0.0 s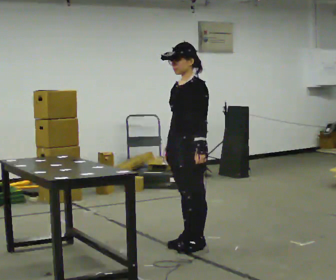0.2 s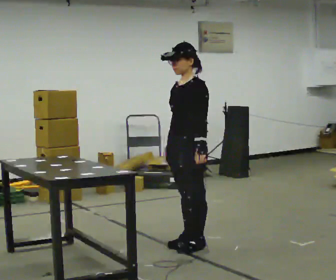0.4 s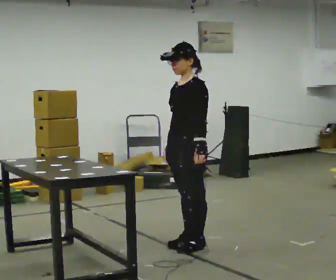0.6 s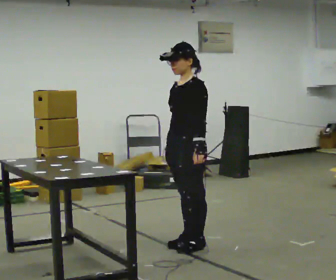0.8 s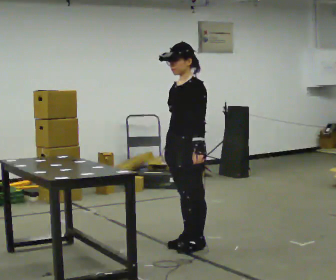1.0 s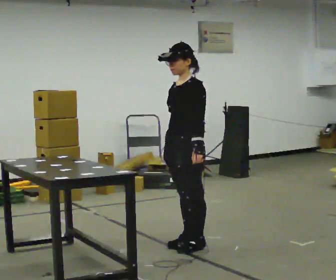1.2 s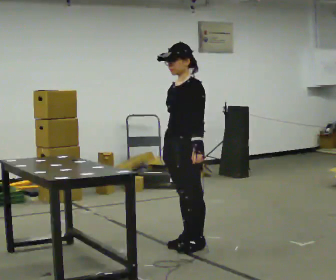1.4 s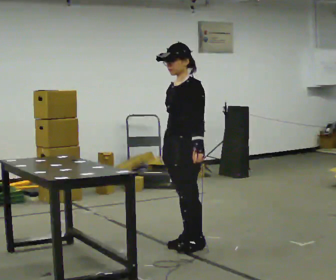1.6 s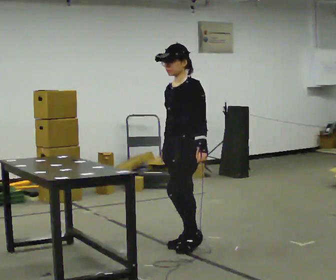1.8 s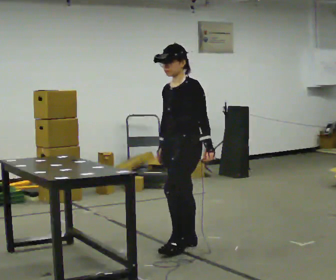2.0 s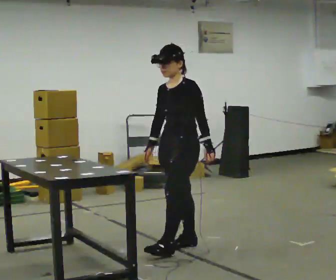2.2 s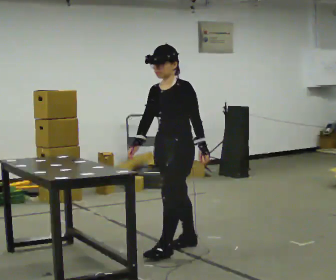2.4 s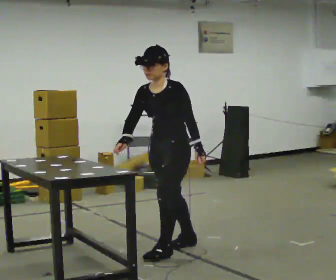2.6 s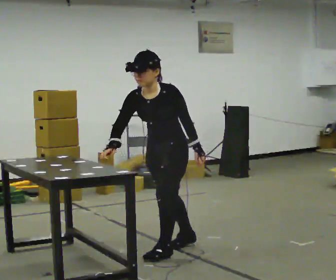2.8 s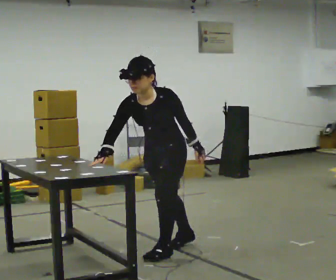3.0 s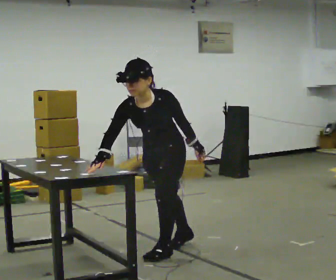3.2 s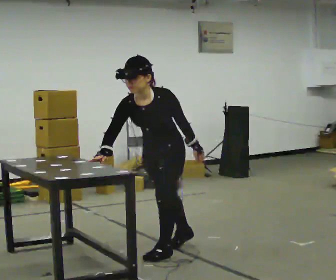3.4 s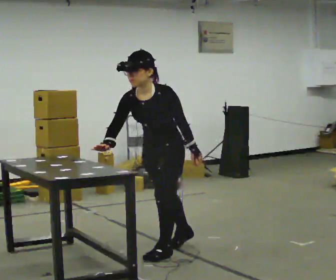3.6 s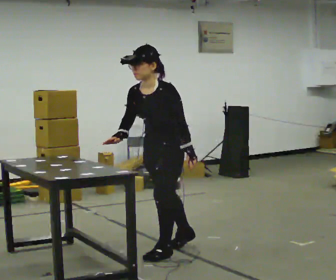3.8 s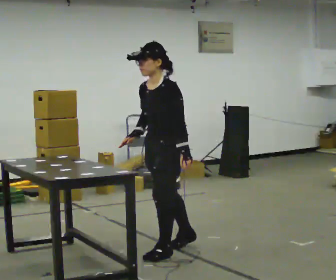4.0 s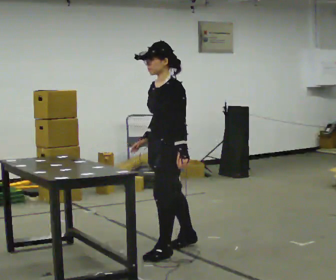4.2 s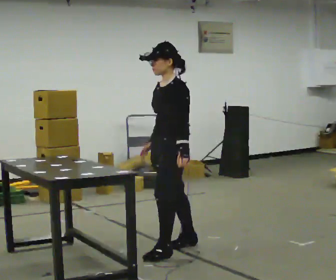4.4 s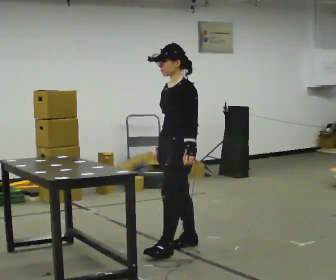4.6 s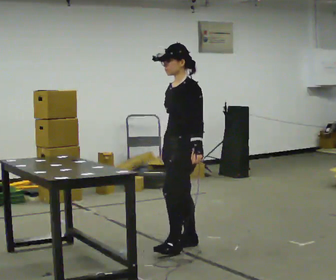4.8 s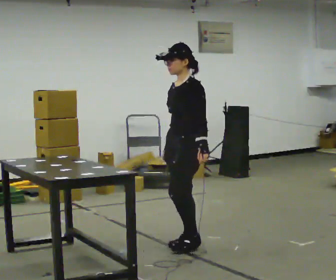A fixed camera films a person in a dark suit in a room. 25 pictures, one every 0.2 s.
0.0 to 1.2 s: The person keeps their place and pose.
1.2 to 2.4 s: The upper body tips toward the camera, its near side rolling downward, as they bend forward. In the picture their right hand goes to the left.
2.4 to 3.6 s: The person moves a little, or ends about where they began.
3.6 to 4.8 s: In the picture they go away from the camera and to the right, about 0.25 m, which for them is backward and to their right. The upper body tips away from the camera, its near side rolling upward, as they lean back or straighten.
The film runs forward here.
